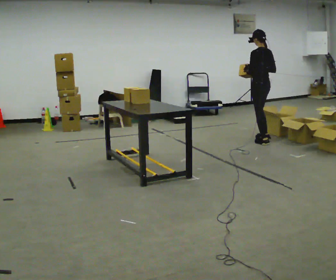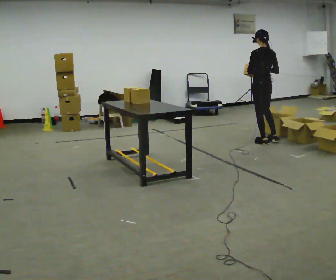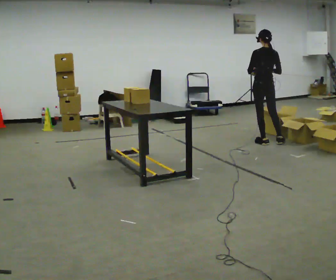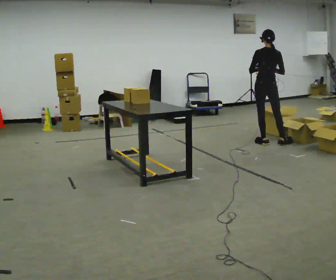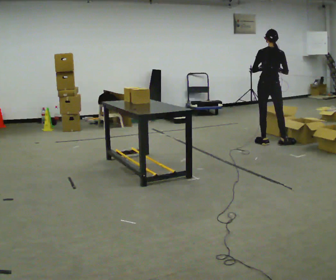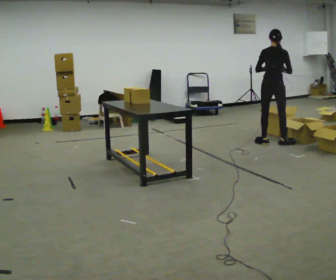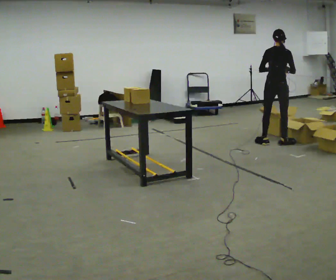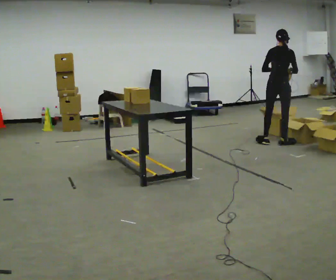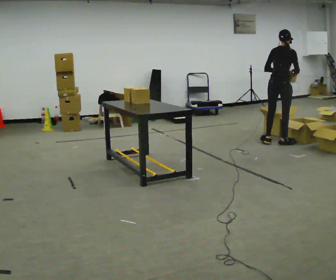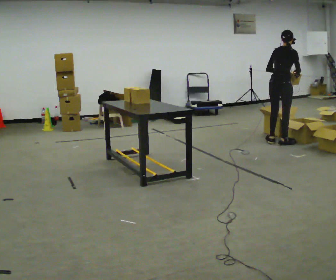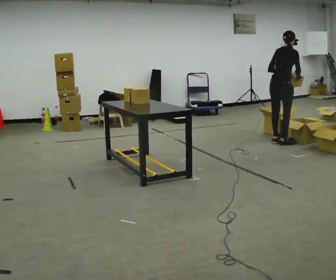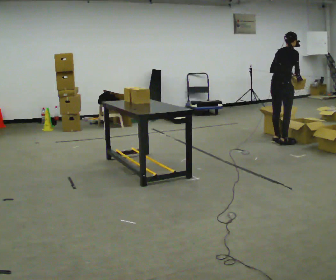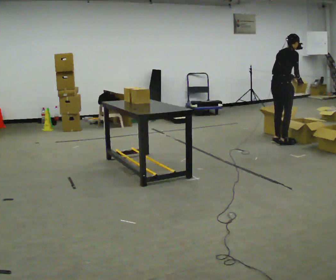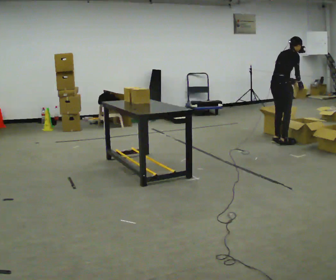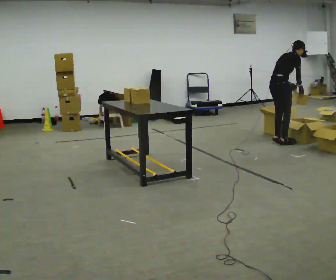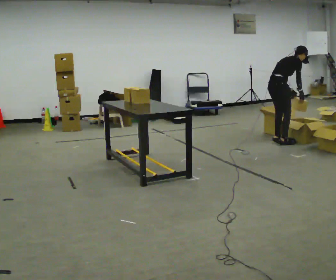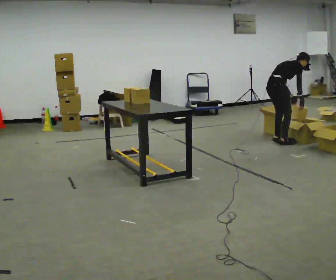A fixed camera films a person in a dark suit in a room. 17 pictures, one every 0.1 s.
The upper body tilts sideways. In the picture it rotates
clockwise.
The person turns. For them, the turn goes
to their right.
0.0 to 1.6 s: The part of the body nearest the lens slides to the left as the person turns to their right by about 105 degrees. In the picture they go to the right, about 0.25 m in 1 step. The shoulders move downward. In the picture the upper body tilts clockwise, shoulders to the right, as they bend forward. In the picture their right hand goes to the right and downward.
The film runs backward here.
